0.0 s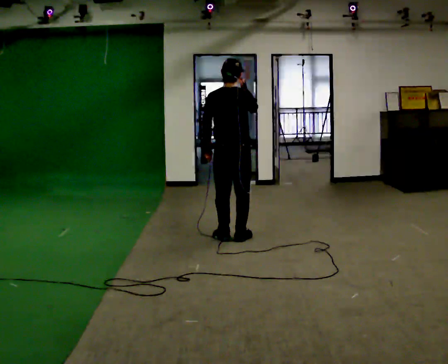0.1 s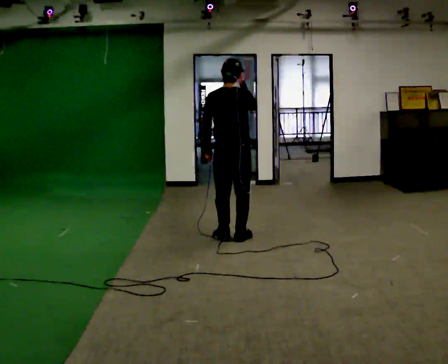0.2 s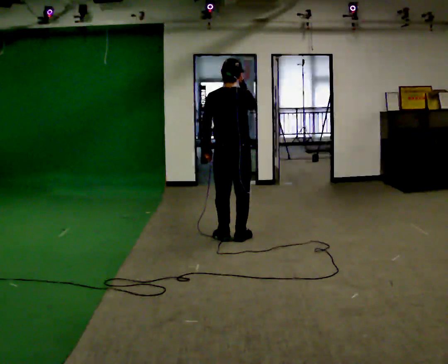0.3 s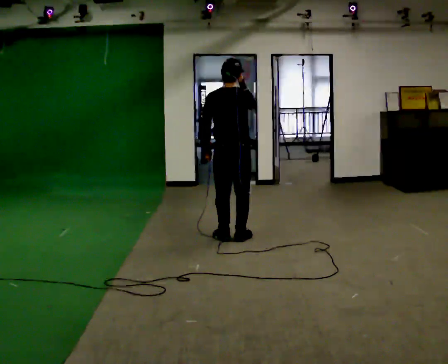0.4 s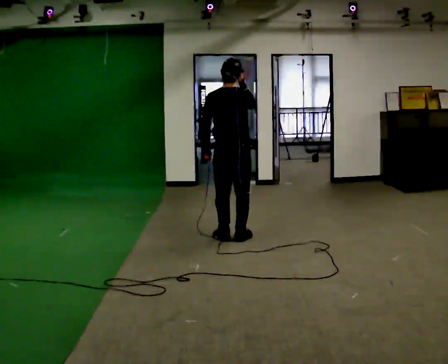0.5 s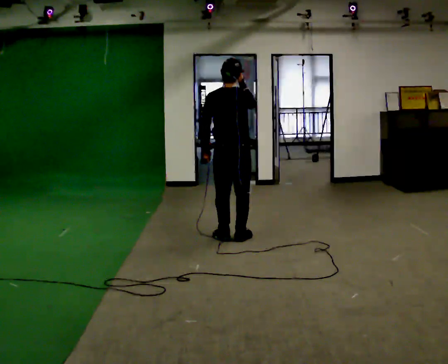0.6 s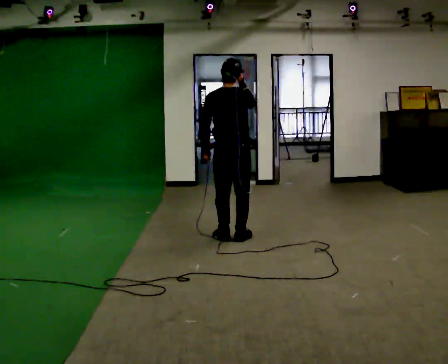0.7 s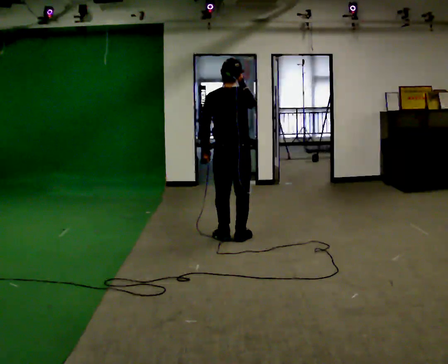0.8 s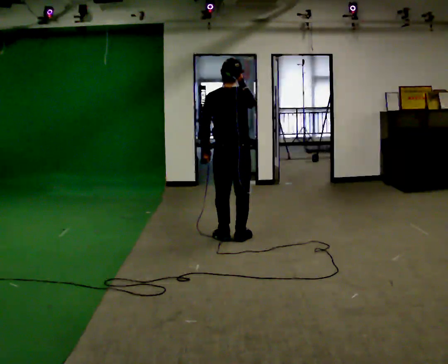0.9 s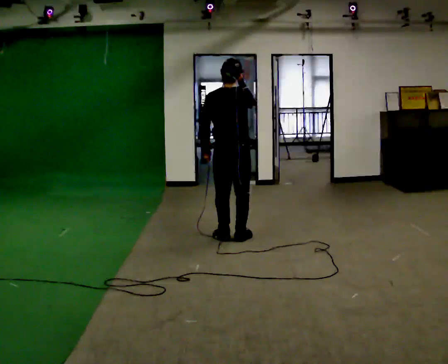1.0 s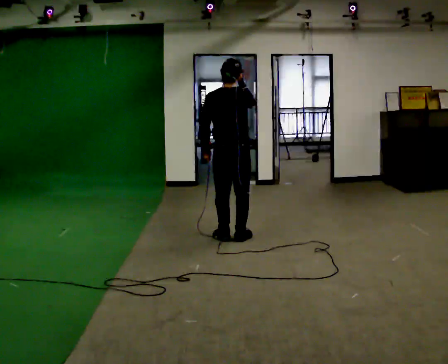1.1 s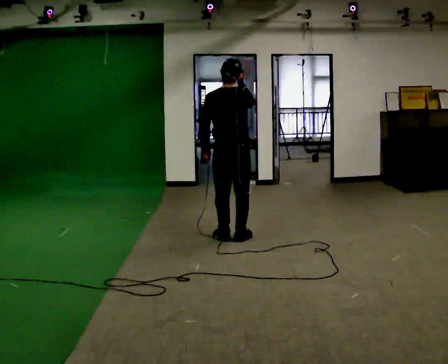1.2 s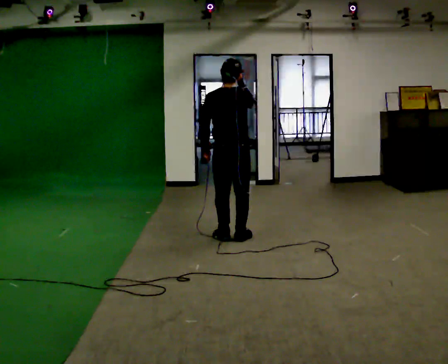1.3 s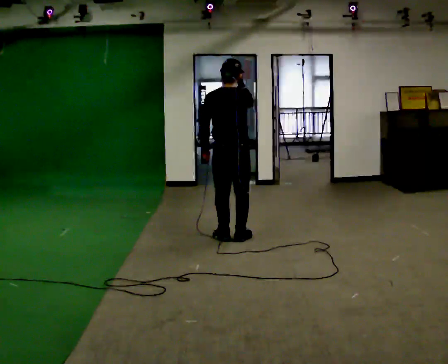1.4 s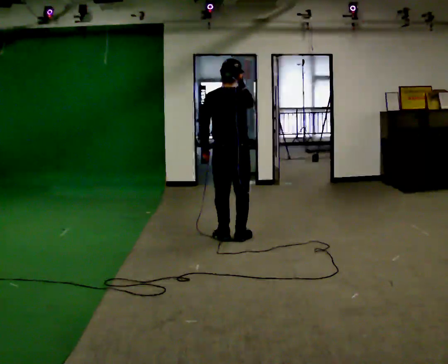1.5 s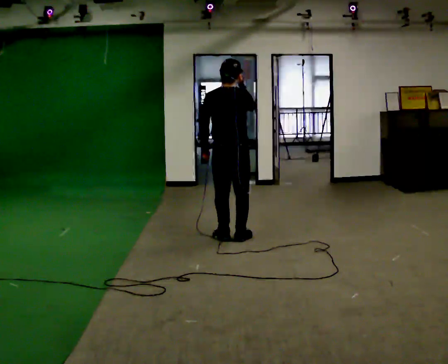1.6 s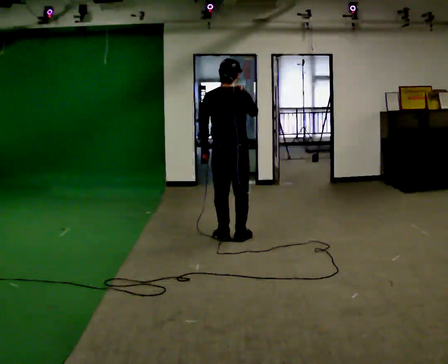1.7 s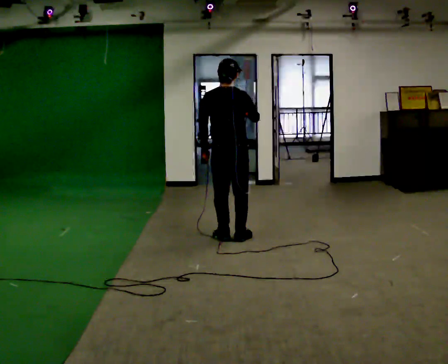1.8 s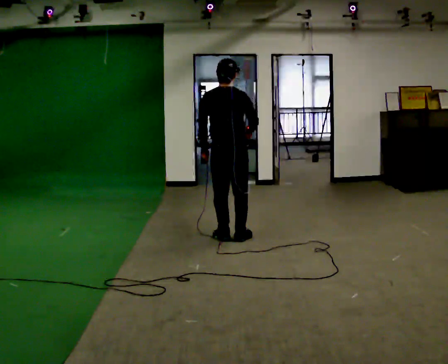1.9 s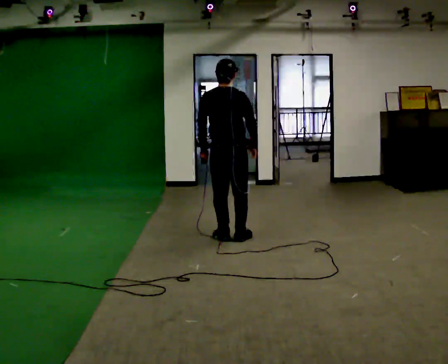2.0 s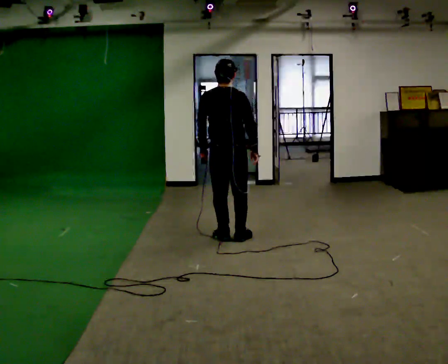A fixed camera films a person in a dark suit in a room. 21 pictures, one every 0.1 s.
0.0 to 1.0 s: The person moves a little, or ends about where they began.
1.0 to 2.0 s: In the picture their right hand goes downward.
The film runs forward here.
